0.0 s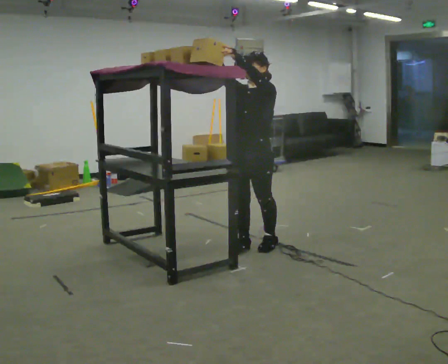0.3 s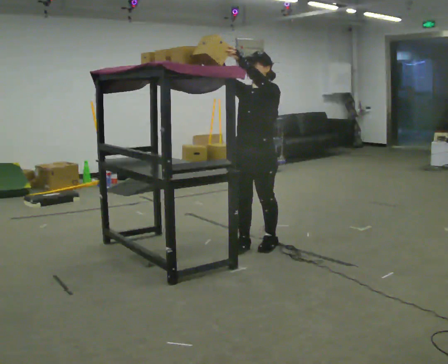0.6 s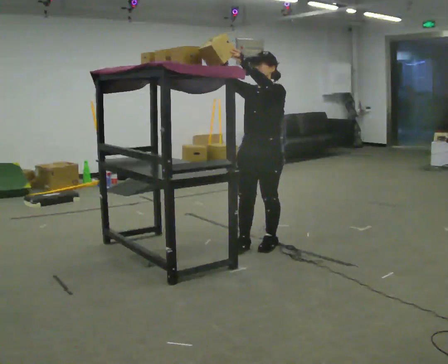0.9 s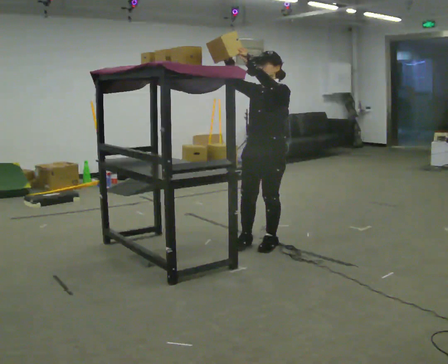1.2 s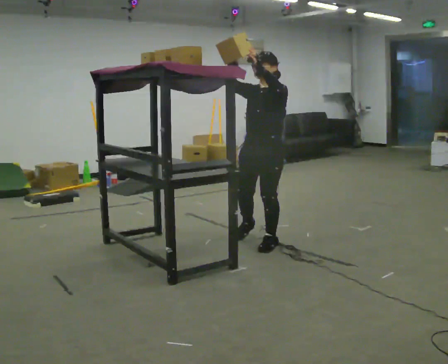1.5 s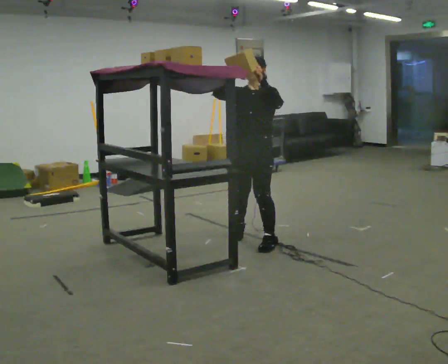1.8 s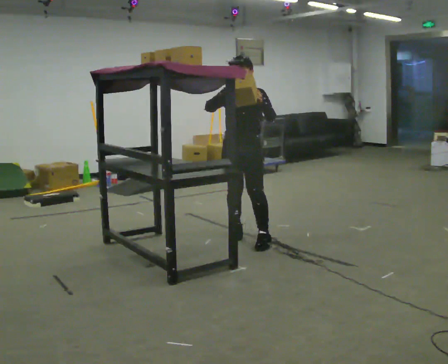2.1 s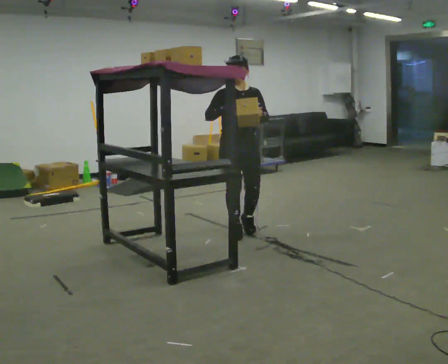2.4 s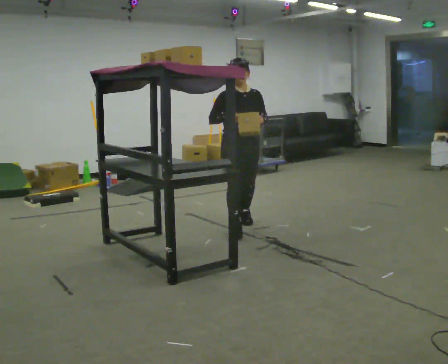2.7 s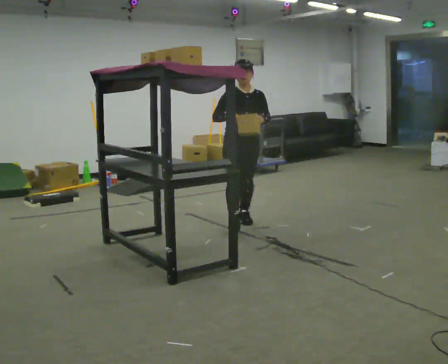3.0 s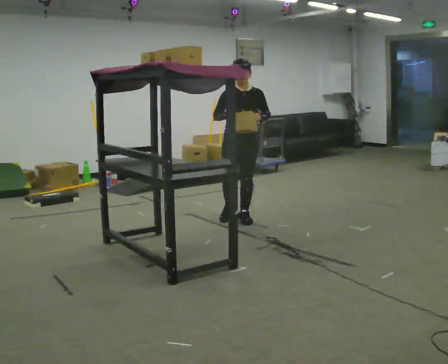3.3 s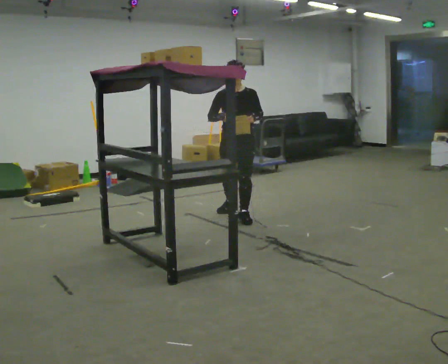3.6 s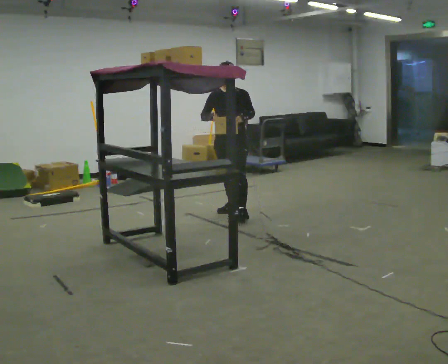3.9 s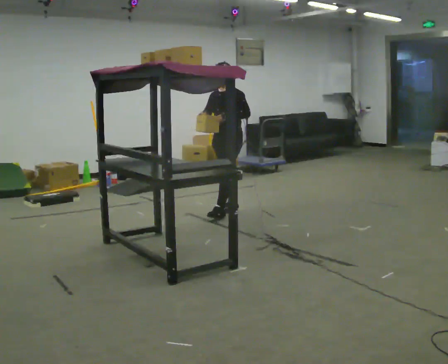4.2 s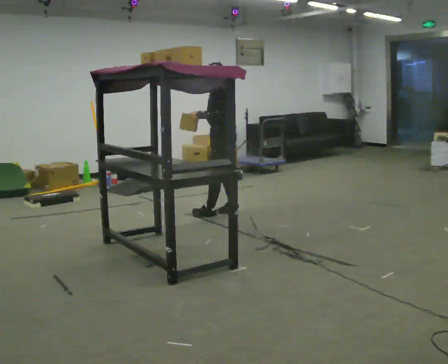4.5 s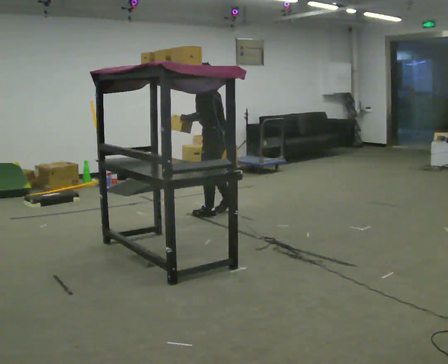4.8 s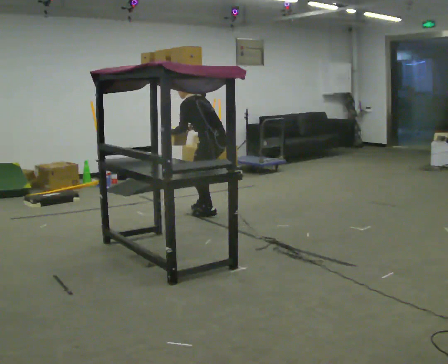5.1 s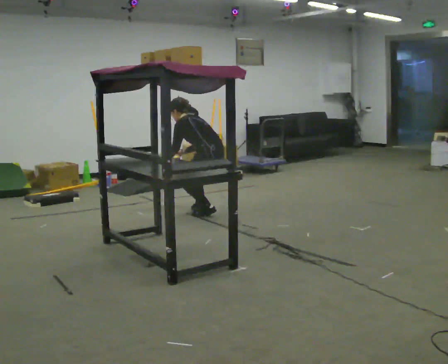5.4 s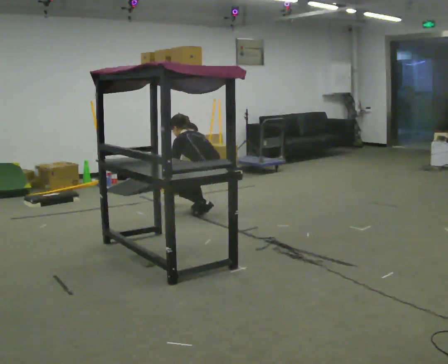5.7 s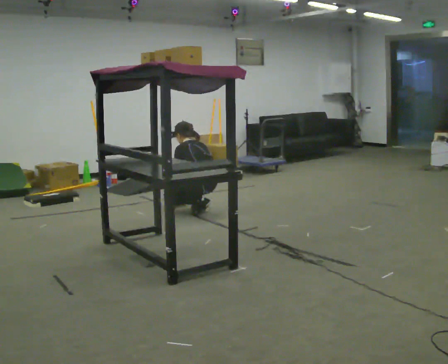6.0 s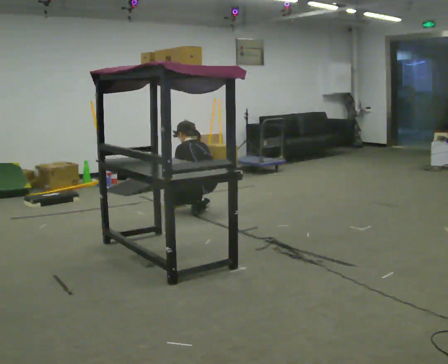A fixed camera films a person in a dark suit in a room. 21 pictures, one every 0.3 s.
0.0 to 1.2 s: The person moves a little, or ends about where they began.
1.2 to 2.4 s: The part of the body nearest the lens slides to the right as the person turns to their left by about 45 degrees. In the picture they go away from the camera, about 0.5 m in 1 step, which for them is backward and to their right. In the picture their left hand goes downward.
2.4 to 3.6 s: Seen from above the body turns clockwise, about 30 degrees: to their right, with its near side sliding to the left. In the picture they go away from the camera, about 0.5 m in 1 step, which for them is backward.
3.6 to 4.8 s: The person turns about 105 degrees to their right, clockwise seen from above, so the part of the body nearest the lens slides to the left. In the picture they go to the left, about 0.25 m in 2 steps. In the picture the upper body tilts counterclockwise, shoulders to the left, as they bend forward.
4.8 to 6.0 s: The shoulders move downward. The upper body tips away from the camera, its near side rolling upward. In the picture their right hand goes downward.
The film runs backward here.
